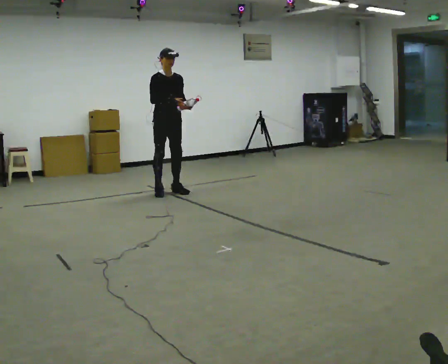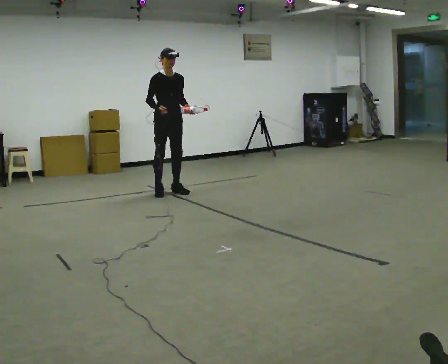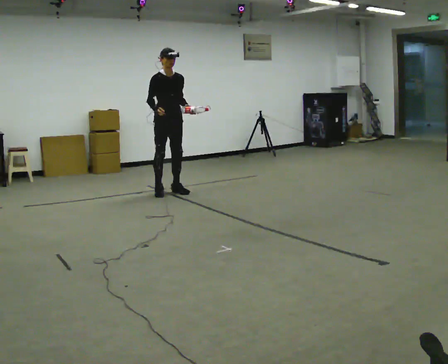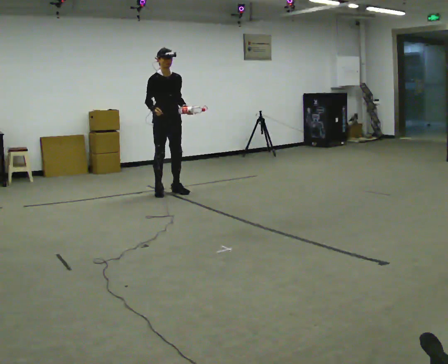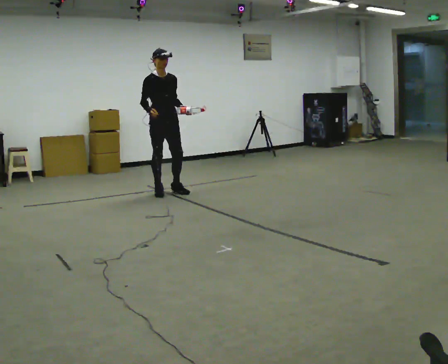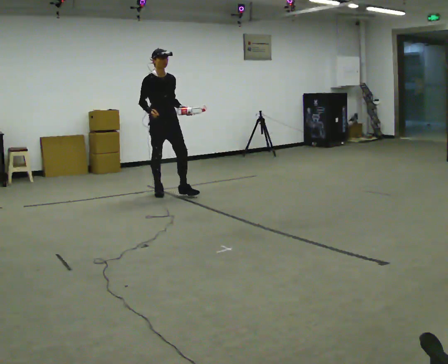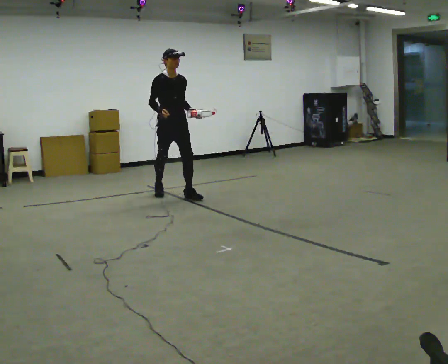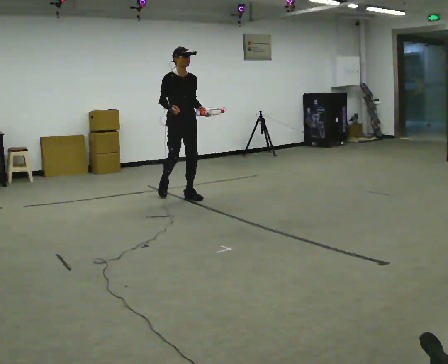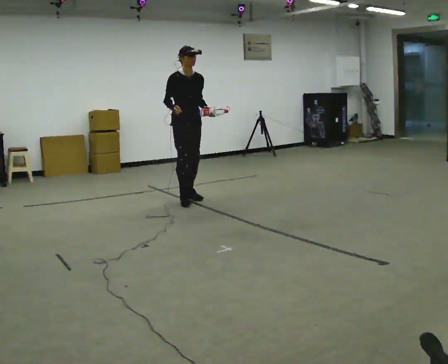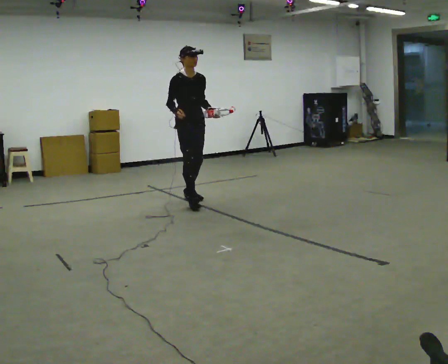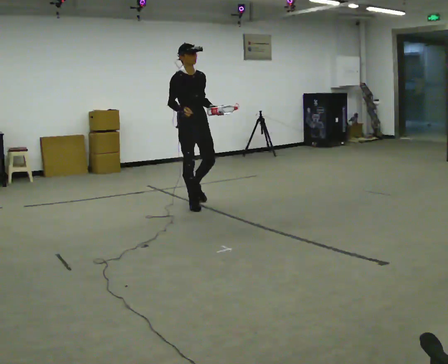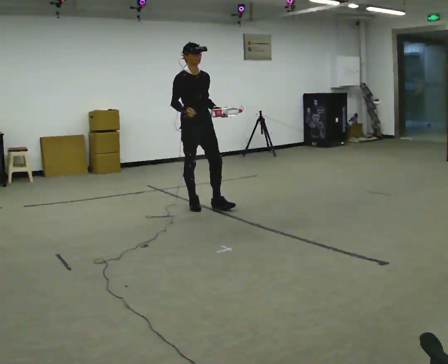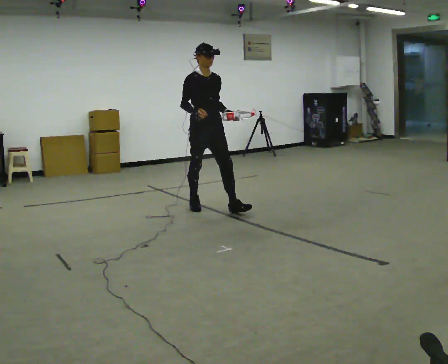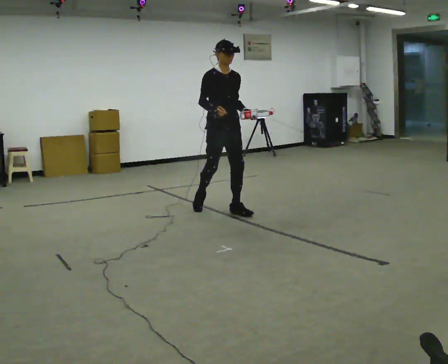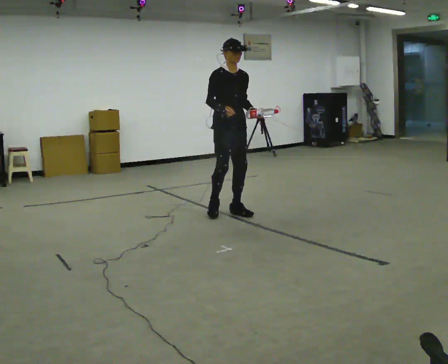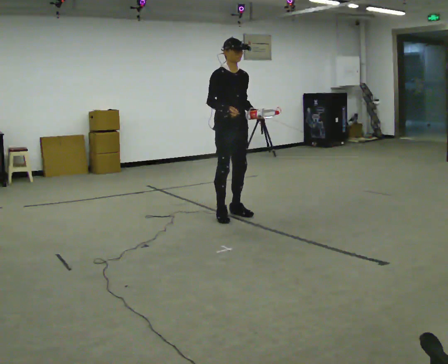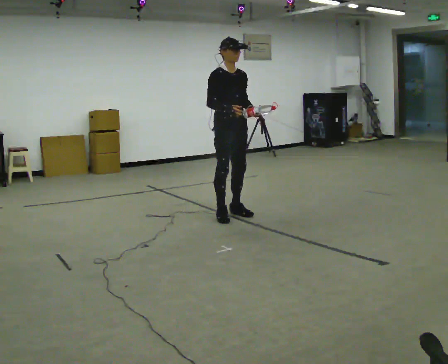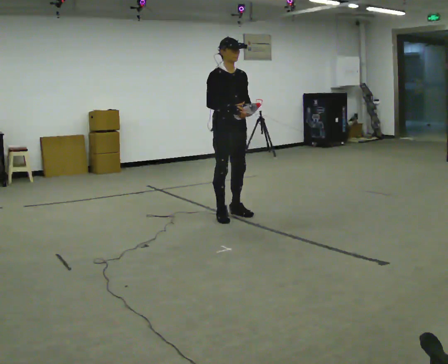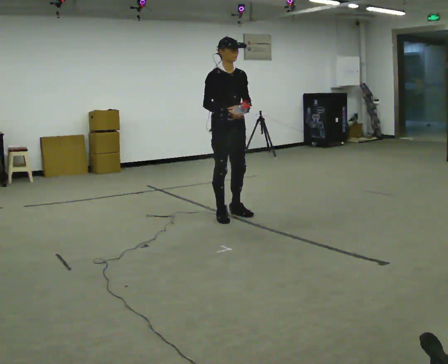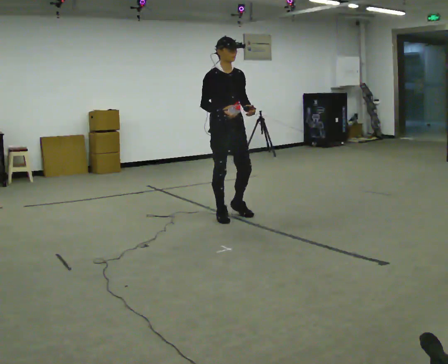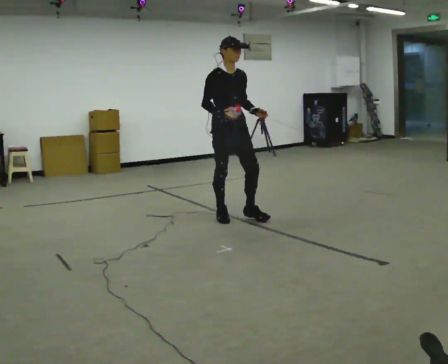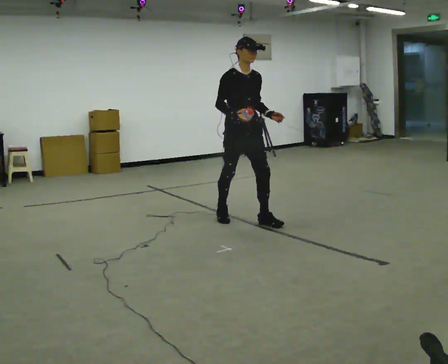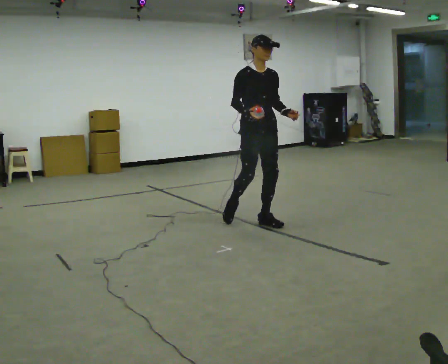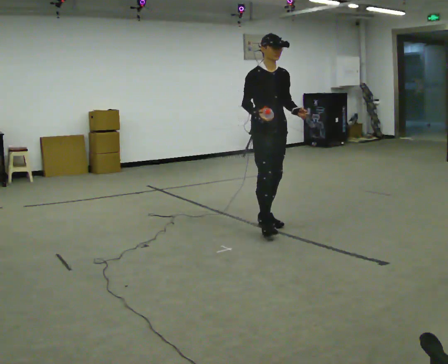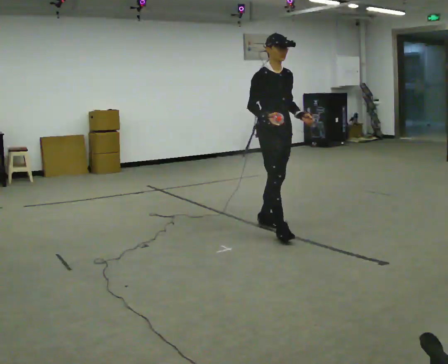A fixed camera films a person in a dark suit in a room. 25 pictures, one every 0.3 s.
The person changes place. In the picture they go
toward the camera.
0.0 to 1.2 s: The person moves a little, or ends about where they began.
1.2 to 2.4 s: In the picture they go to the right and toward the camera, about 0.5 m in 1 step, which for them is forward.
2.4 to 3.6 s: In the picture they go toward the camera and to the right, about 0.5 m in 2 steps, which for them is forward.
3.6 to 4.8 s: In the picture they go toward the camera and to the right, about 0.25 m in 1 step, which for them is forward.
4.8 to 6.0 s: The person moves a little, or ends about where they began.
6.0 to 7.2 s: In the picture they go to the right and toward the camera, about 0.5 m in 2 steps, which for them is forward.
The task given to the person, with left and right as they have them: Carry the object in one hand and, while walking, pass it to your other hand. Keep passing it back and forth as you walk.
The film runs forward here.
